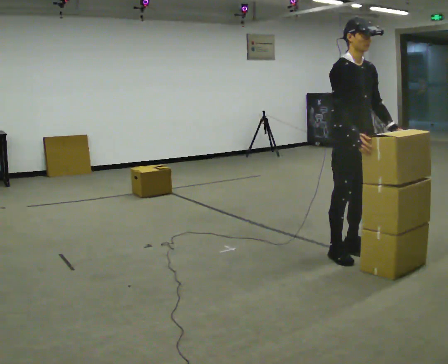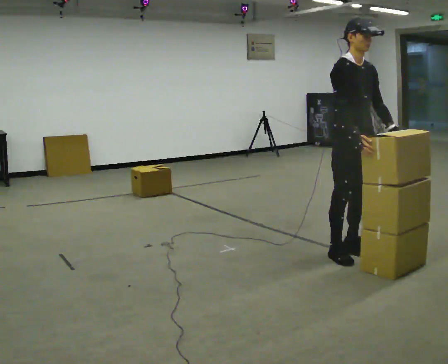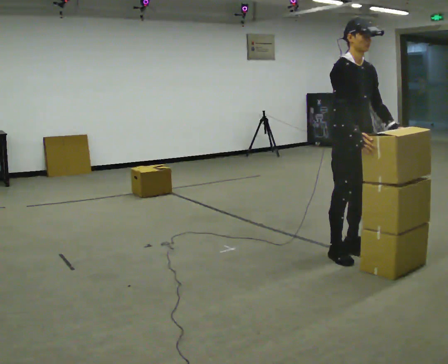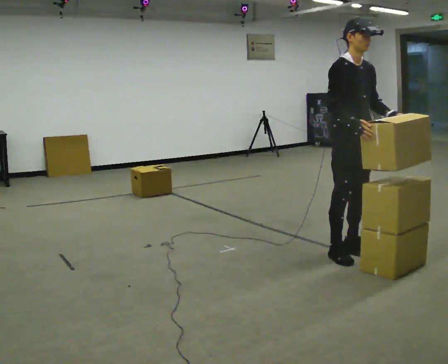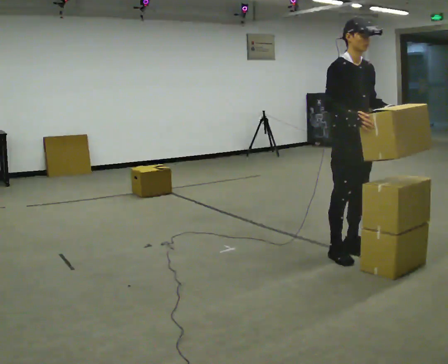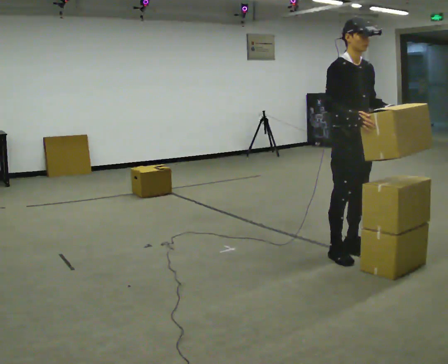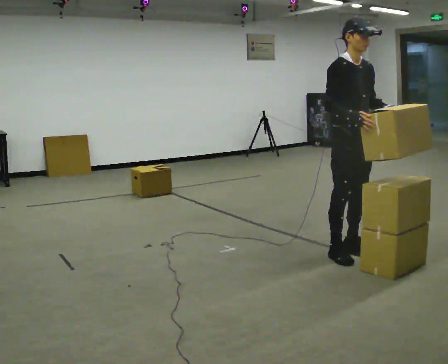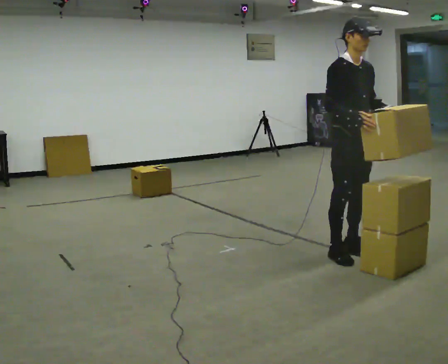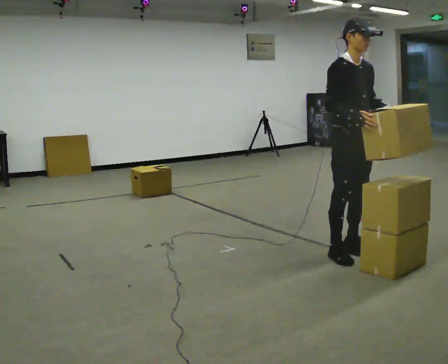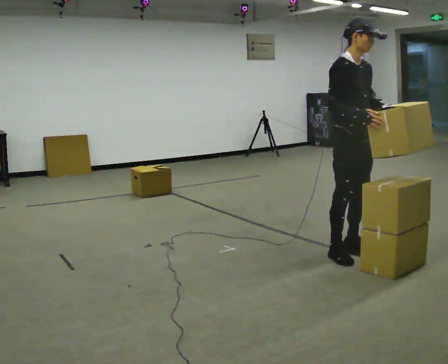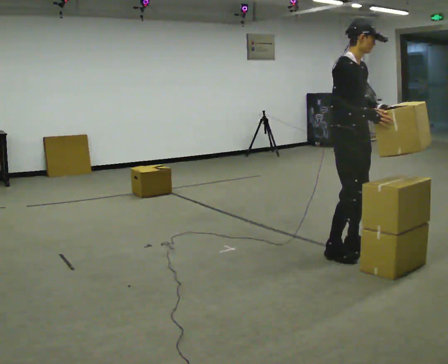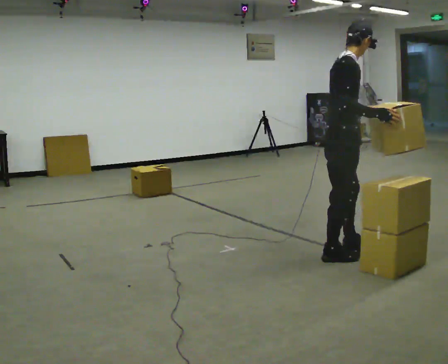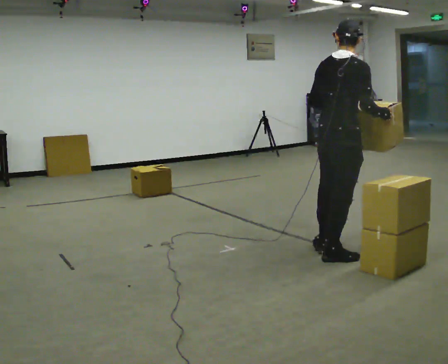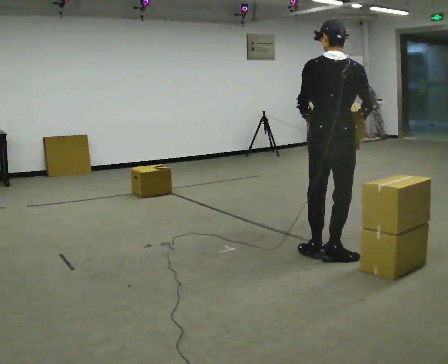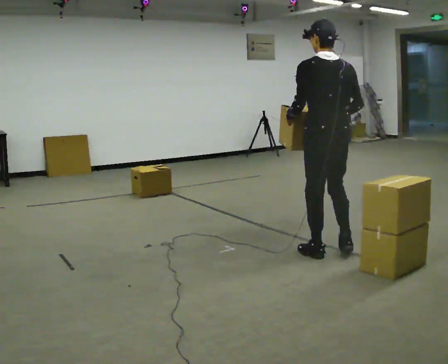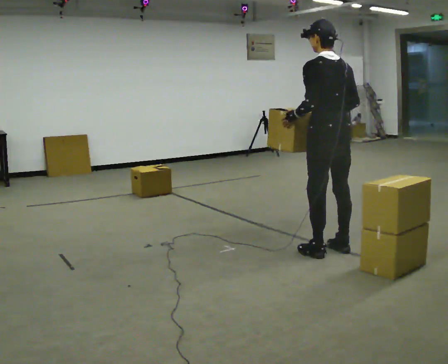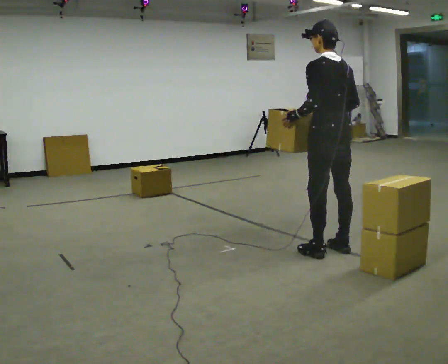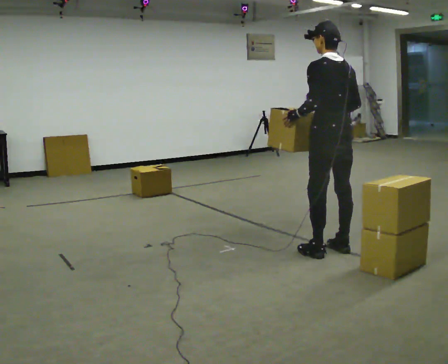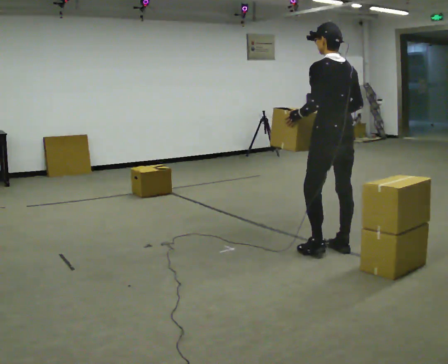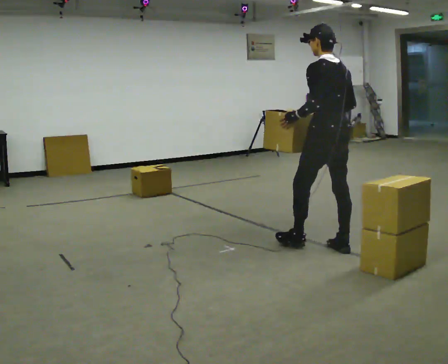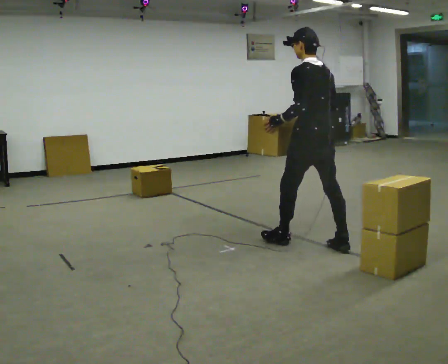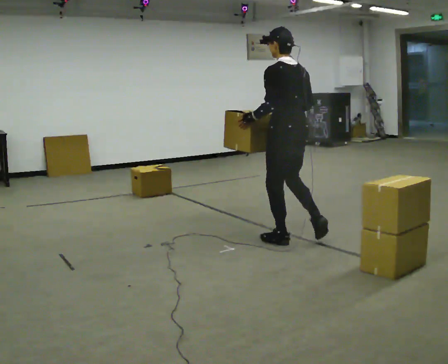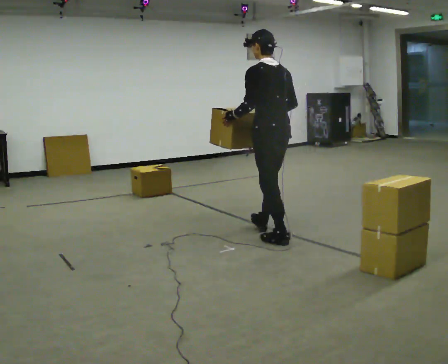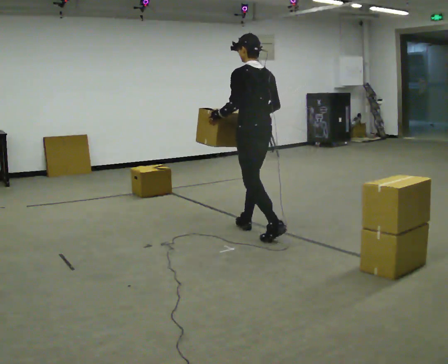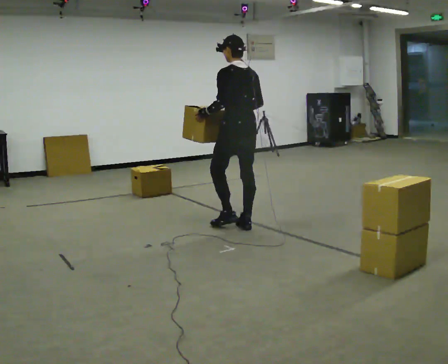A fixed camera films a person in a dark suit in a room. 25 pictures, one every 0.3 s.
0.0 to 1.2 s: The person moves a little, or ends about where they began.
1.2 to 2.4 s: The person keeps their place and pose.
2.4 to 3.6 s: The person turns about 90 degrees to their left, counterclockwise seen from above, so the part of the body nearest the lens slides to the right. In the picture their left hand goes to the left, the arm swinging clockwise.
3.6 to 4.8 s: Seen from above the body turns counterclockwise, about 90 degrees: to their left, with its near side sliding to the right. In the picture they go away from the camera, about 0.25 m in 2 steps. In the picture their right hand goes to the left.
4.8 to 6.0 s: The person moves a little, or ends about where they began.
6.0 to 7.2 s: In the picture they go to the left and away from the camera, about 1 m in 1 step, which for them is forward.
The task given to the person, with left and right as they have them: Carry the stack of boxes across the room without letting it fall over, then bring it back. Keep going until the operator says stop; one object at a time, and do not rush between trips.
The film runs forward here.
